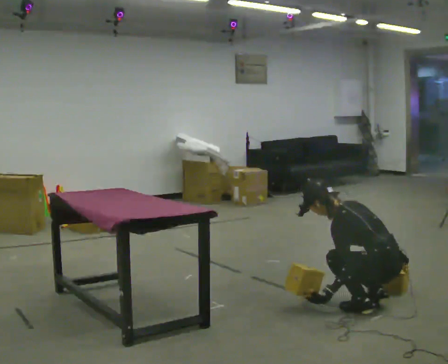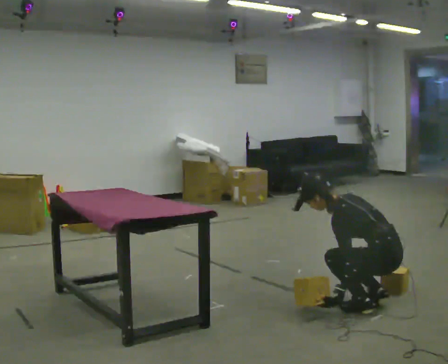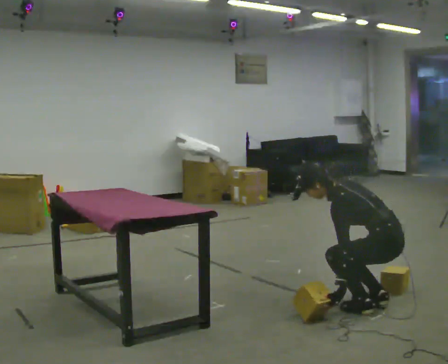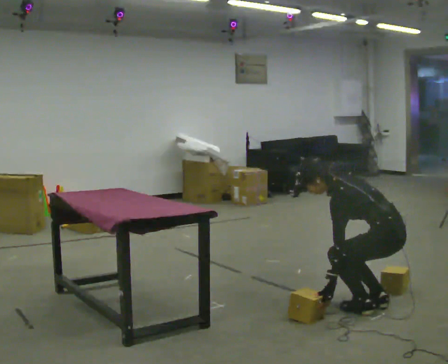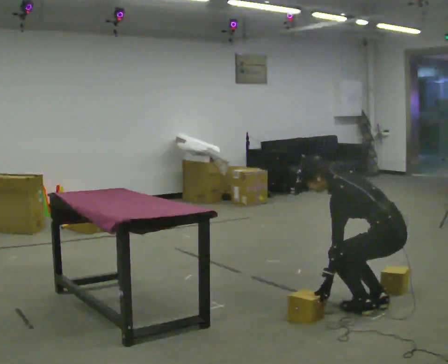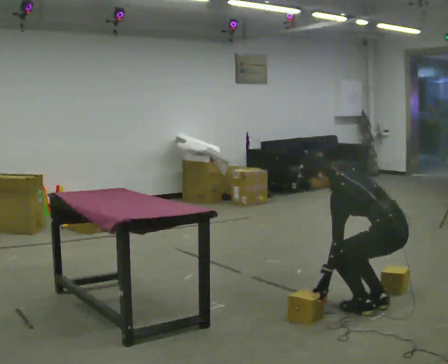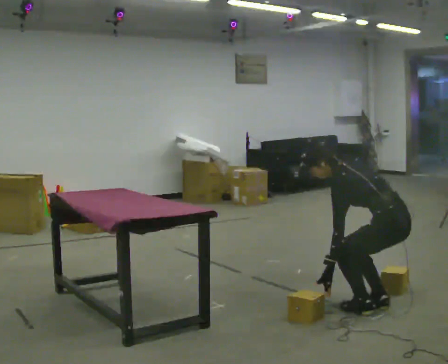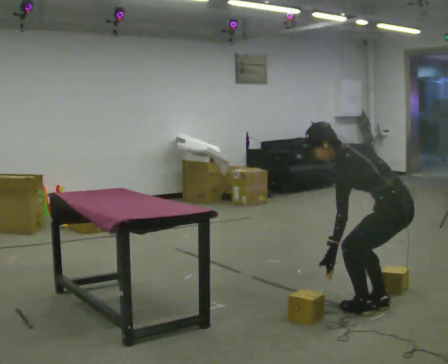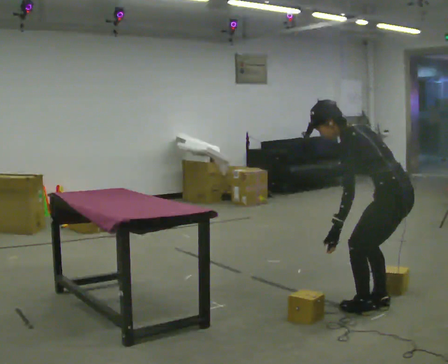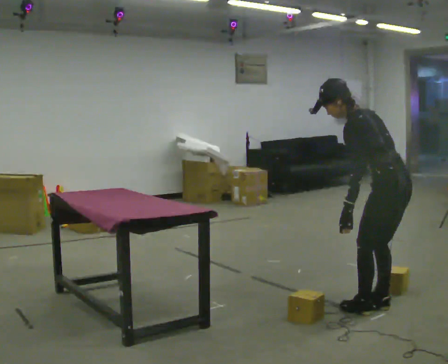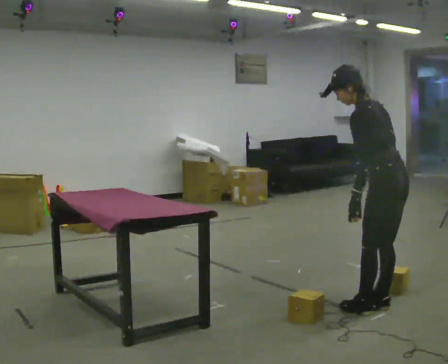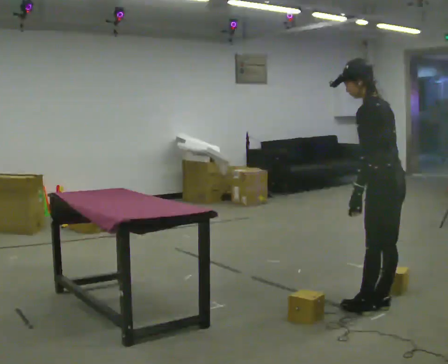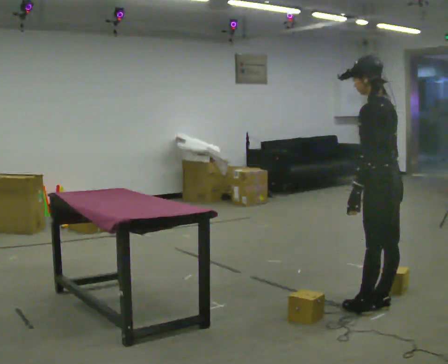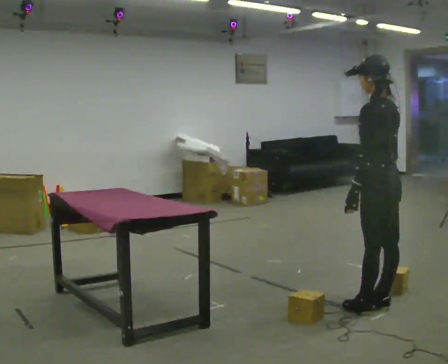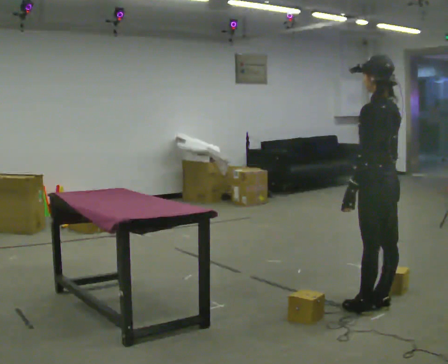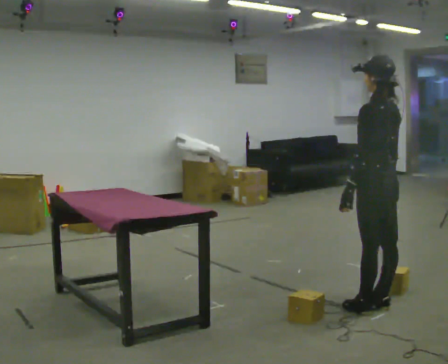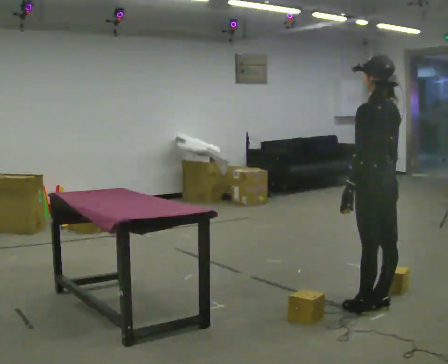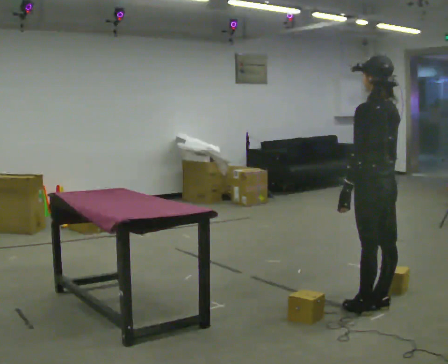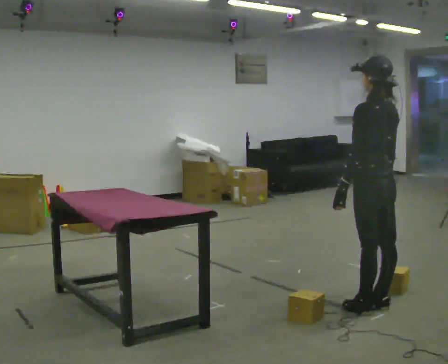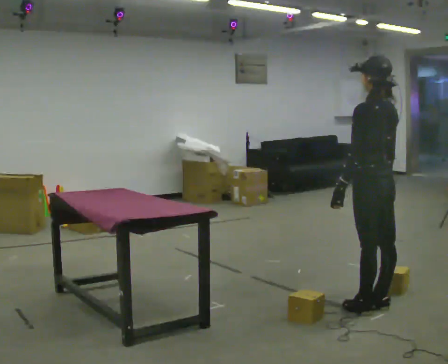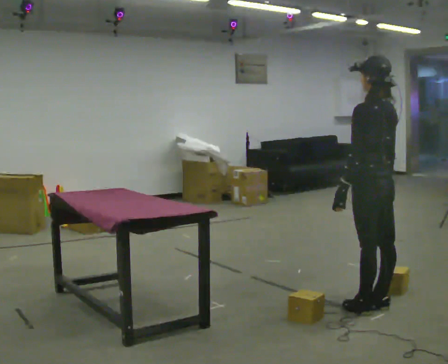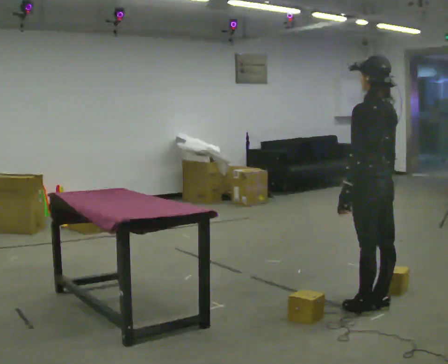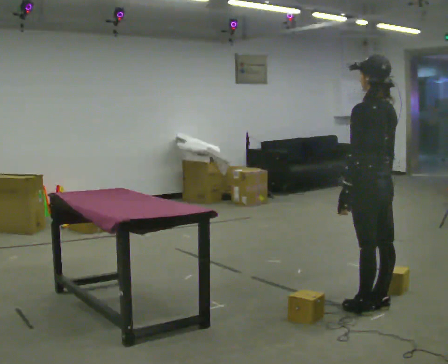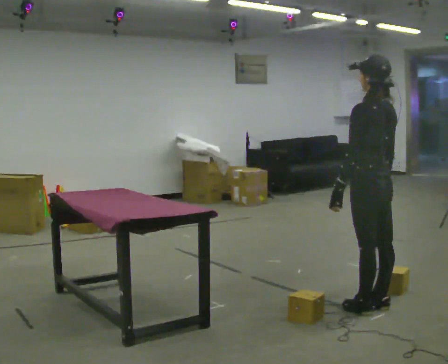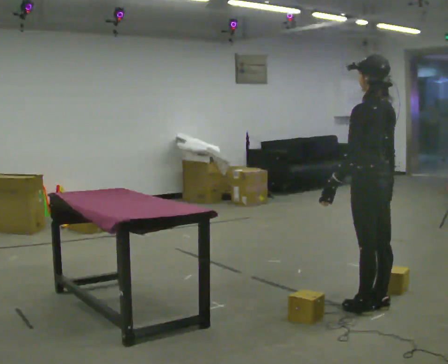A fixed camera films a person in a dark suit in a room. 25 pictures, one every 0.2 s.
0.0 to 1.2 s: The shoulders move upward.
1.2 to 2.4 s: The shoulders move upward. In the picture the upper body tilts clockwise, shoulders to the right, as they lean back or straighten.
2.4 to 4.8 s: The person moves a little, or ends about where they began.
The film runs backward here.
